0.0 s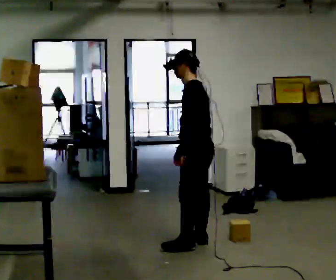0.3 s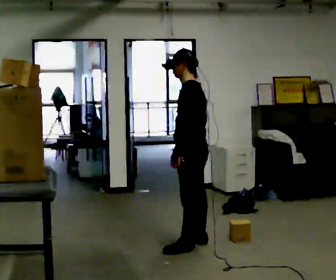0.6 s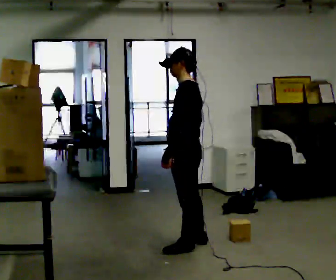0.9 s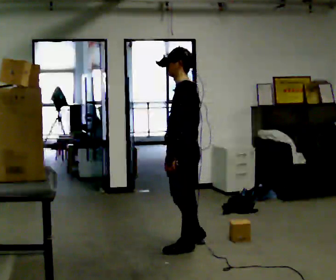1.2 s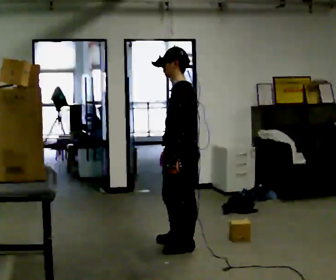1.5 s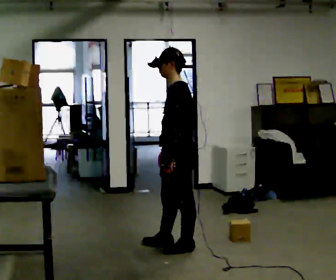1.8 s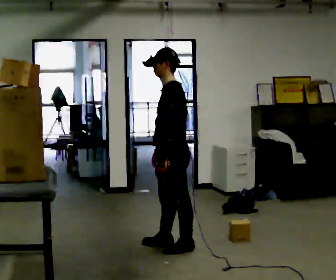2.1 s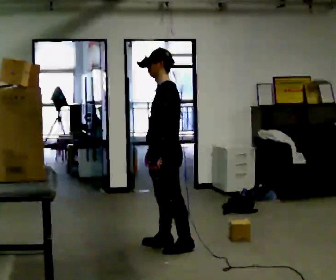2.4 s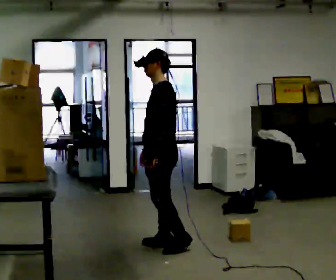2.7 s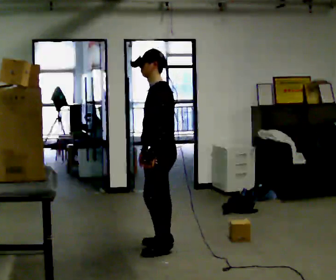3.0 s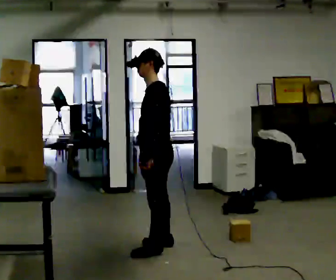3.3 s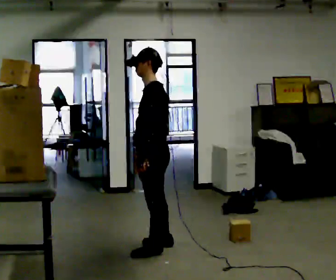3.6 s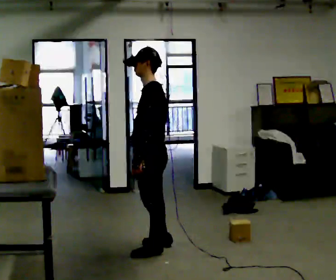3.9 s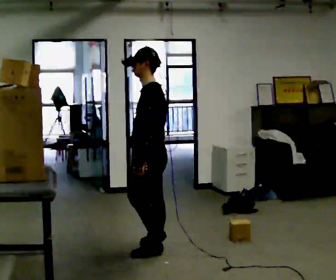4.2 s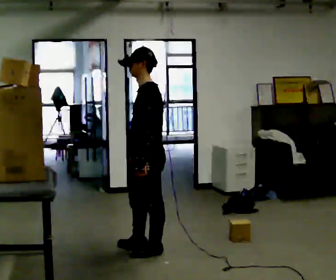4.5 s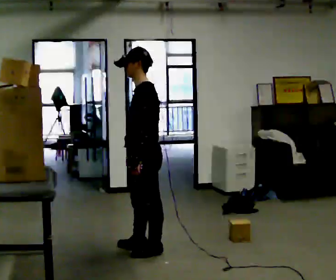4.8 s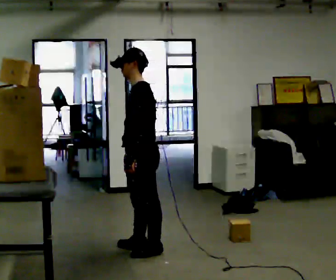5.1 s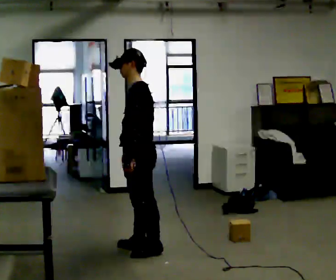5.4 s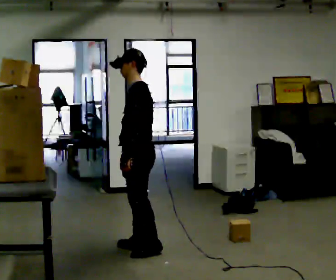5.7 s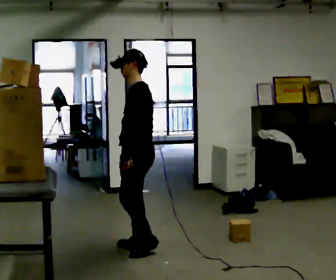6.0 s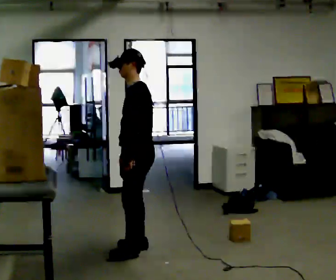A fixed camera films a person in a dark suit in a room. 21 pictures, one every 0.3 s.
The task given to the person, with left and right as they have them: Take an object down from the highest shelf you can comfortably reach, carry it across the room, and set it on the floor. Keep going until the operator says stop; one object at a time, and do not rush between trips.
0.0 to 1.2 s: In the picture they go toward the camera and to the left, about 0.25 m, which for them is to their left and forward.
1.2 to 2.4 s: In the picture they go away from the camera and to the left, about 0.25 m in 1 step, which for them is to their right and forward.
2.4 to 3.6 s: In the picture they go toward the camera, about 0.25 m in 1 step, which for them is to their left and forward.
3.6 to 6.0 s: The person moves a little, or ends about where they began.
The film runs forward here.
